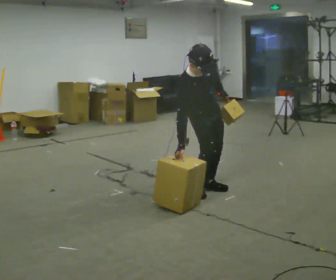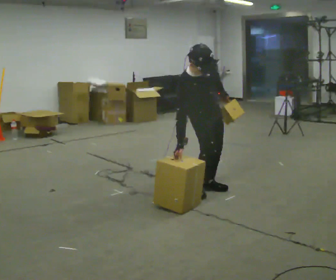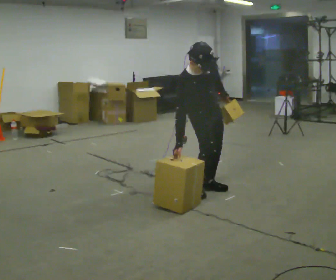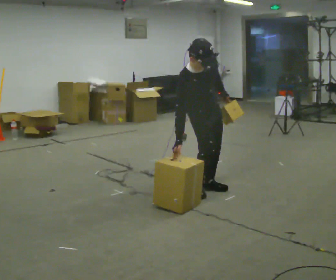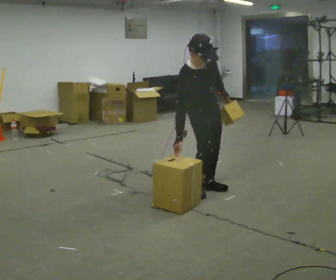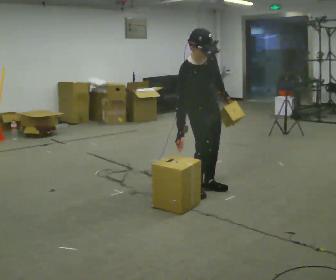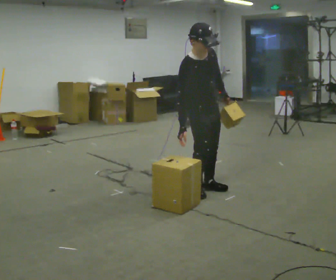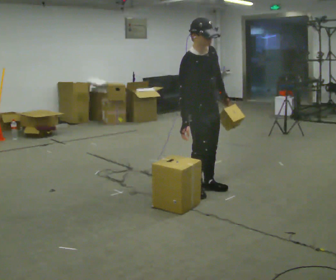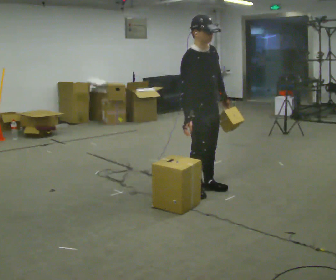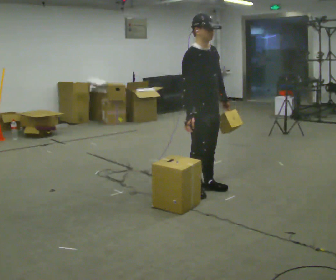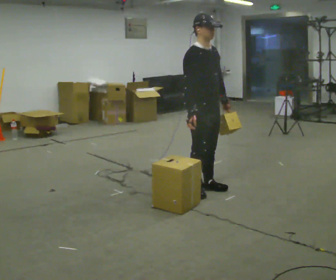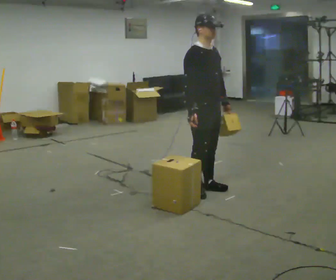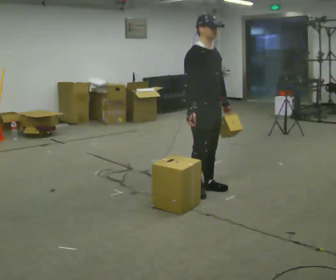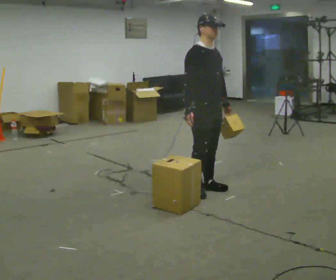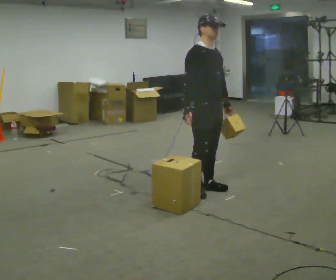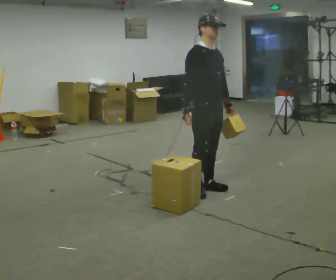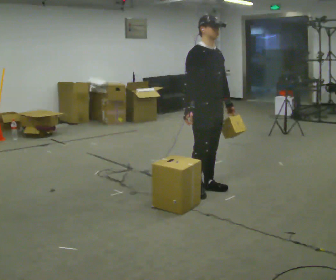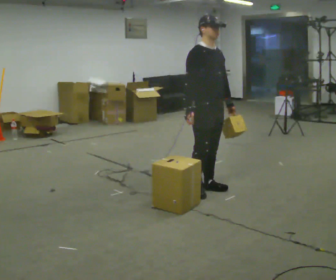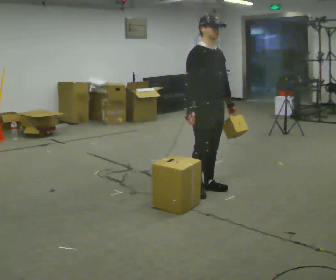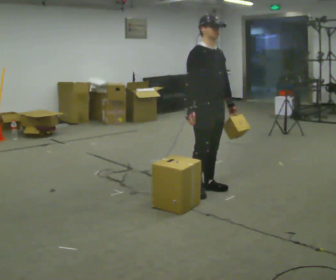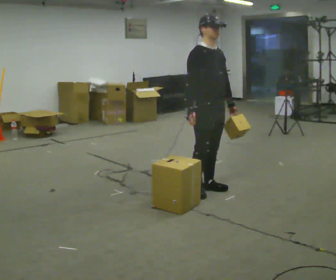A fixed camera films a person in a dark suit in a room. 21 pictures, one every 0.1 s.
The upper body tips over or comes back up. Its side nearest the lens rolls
upward.
0.0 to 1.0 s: The shoulders move upward. The upper body tips away from the camera, its near side rolling upward, as they lean back or straighten.
1.0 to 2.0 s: The person moves a little, or ends about where they began.
The film runs forward here.
